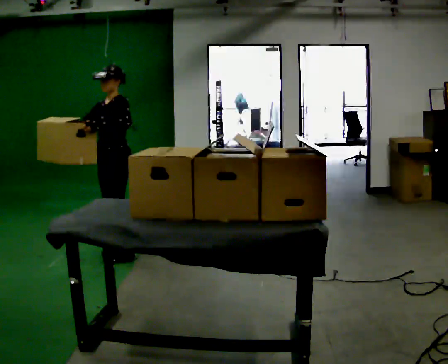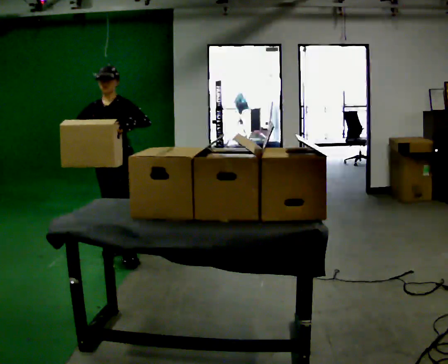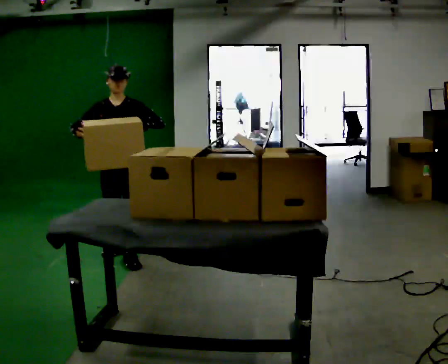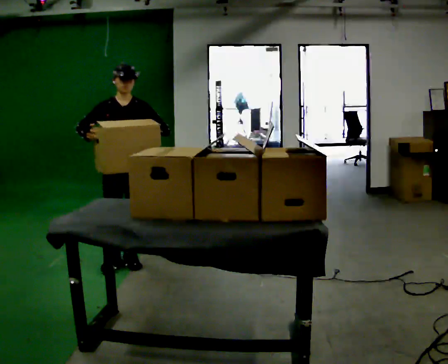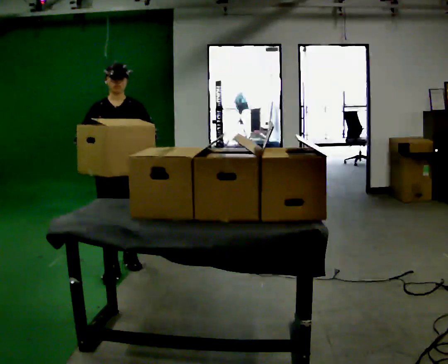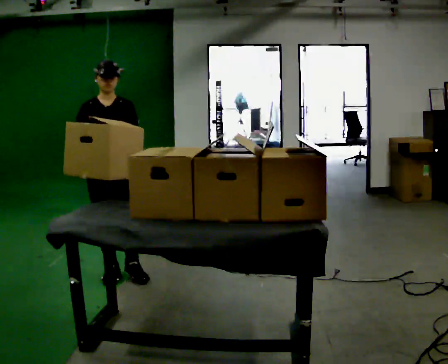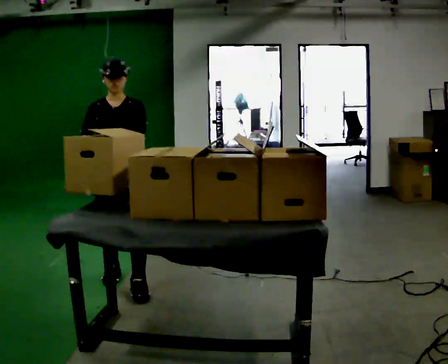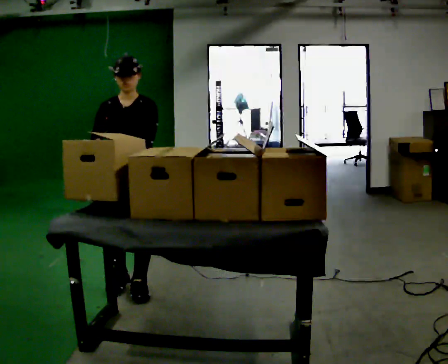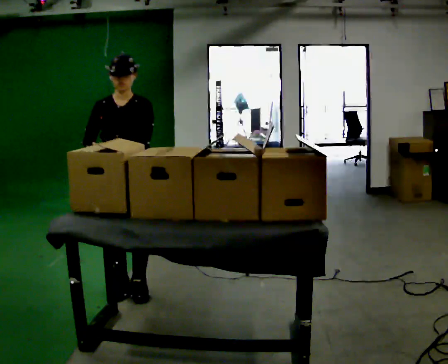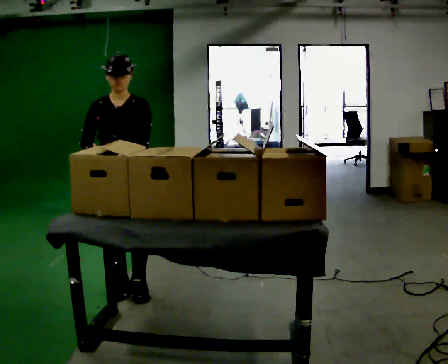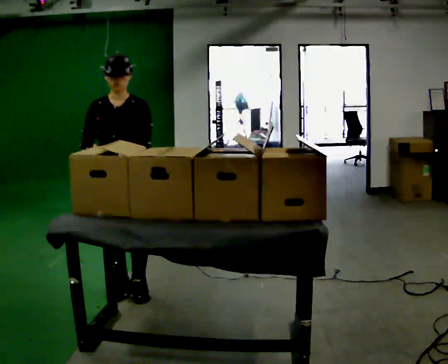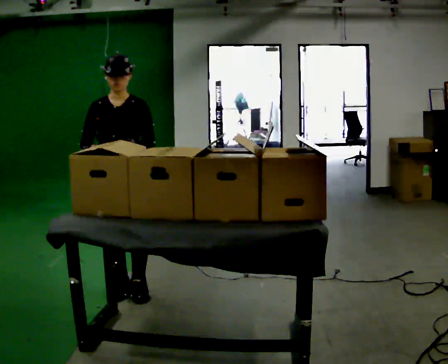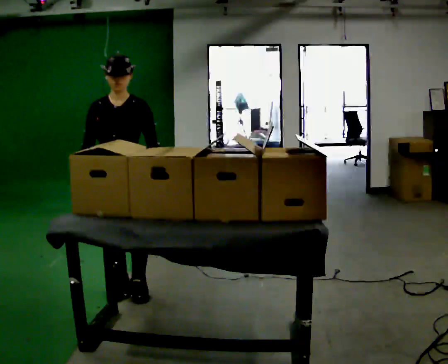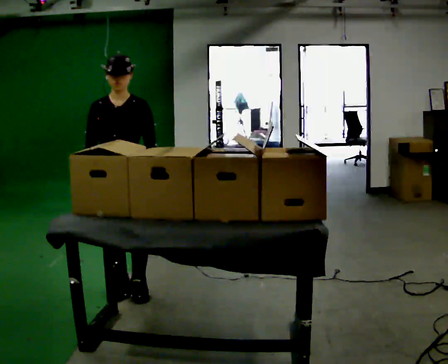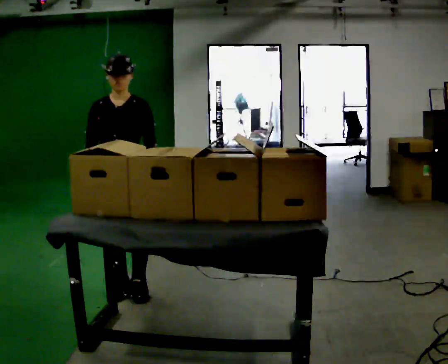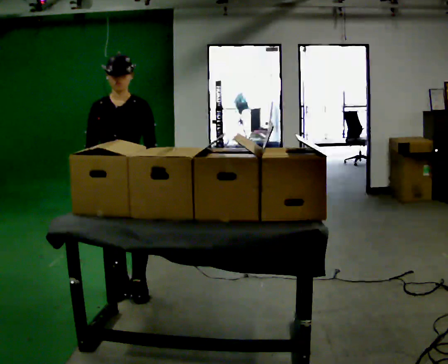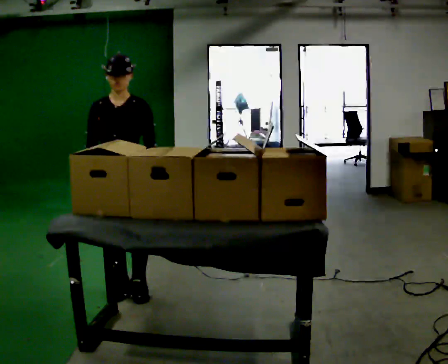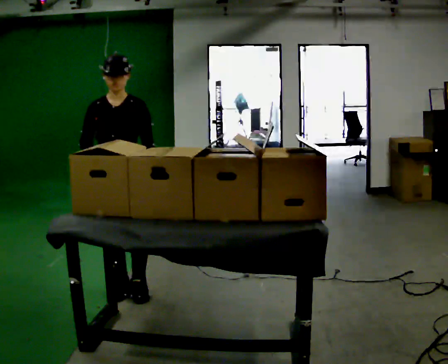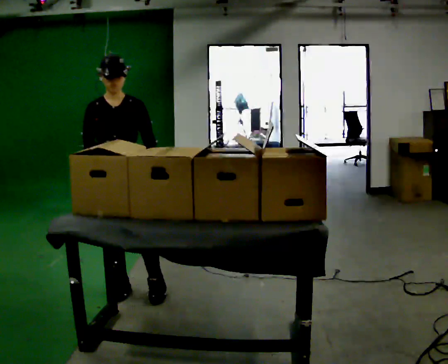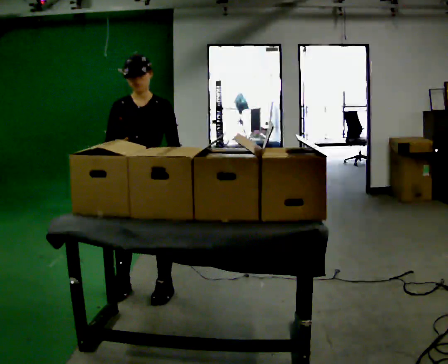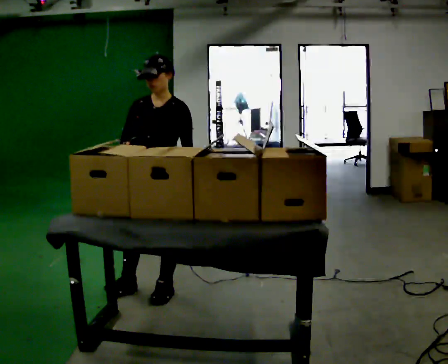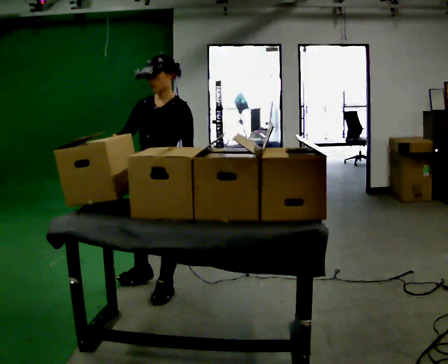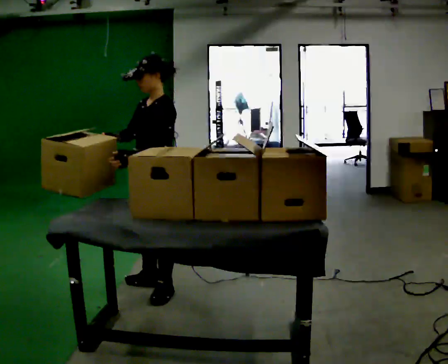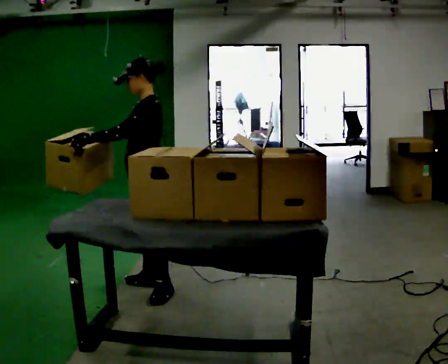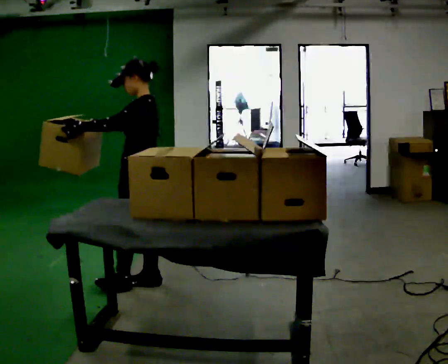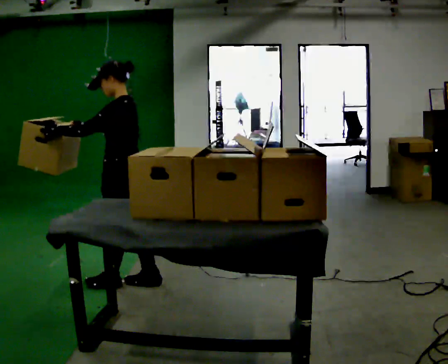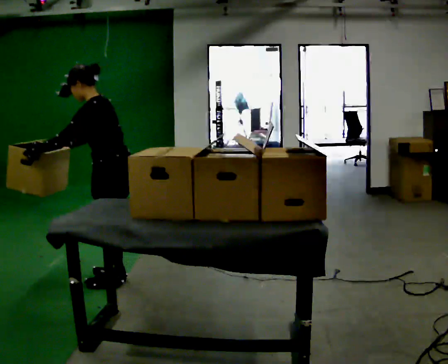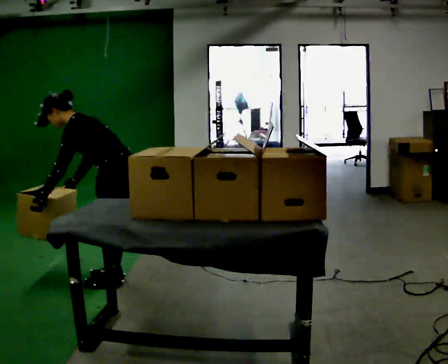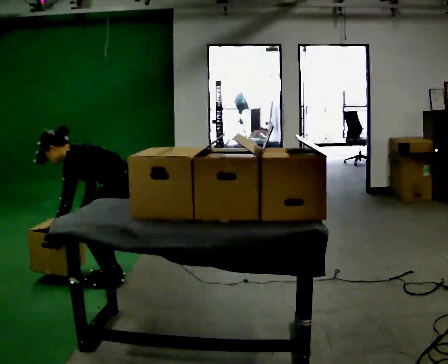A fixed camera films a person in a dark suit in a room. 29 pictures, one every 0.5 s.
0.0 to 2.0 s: Seen from above the body turns counterclockwise, about 60 degrees: to their left, with its near side sliding to the right. In the picture they go toward the camera, about 0.5 m in 1 step, which for them is forward.
2.0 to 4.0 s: In the picture they go toward the camera, about 0.5 m in 2 steps, which for them is forward.
4.0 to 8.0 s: The person moves a little, or ends about where they began.
8.0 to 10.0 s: In the picture they go to the right, about 0.25 m in 1 step, which for them is to their left.
10.0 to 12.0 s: The part of the body nearest the lens slides to the left as the person turns to their right by about 60 degrees. In the picture they go away from the camera, about 0.25 m in 1 step. In the picture their left hand goes to the left and upward, the arm swinging clockwise.
12.0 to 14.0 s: The upper body goes downward. In the picture the upper body tilts counterclockwise, shoulders to the left, as they bend forward. In the picture their right hand goes downward, the arm swinging counterclockwise.
The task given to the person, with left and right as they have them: Pick an object up off the floor at one end of the room, carry it across, and place it on the waist-height shelf at the other end. Keep going until the operator says stop; one object at a time, and do not rush between trips.
The film runs forward here.
